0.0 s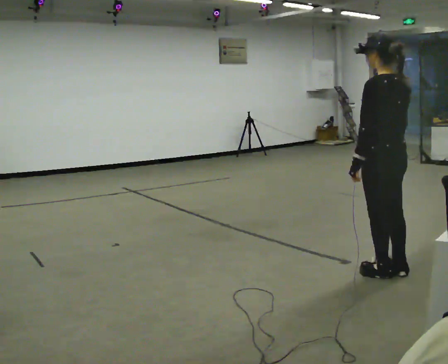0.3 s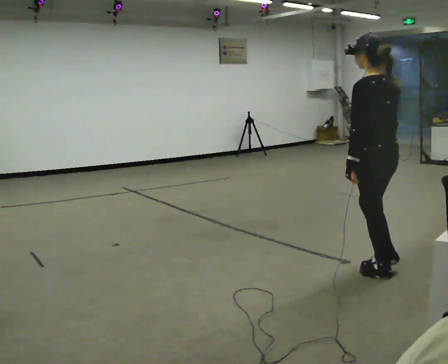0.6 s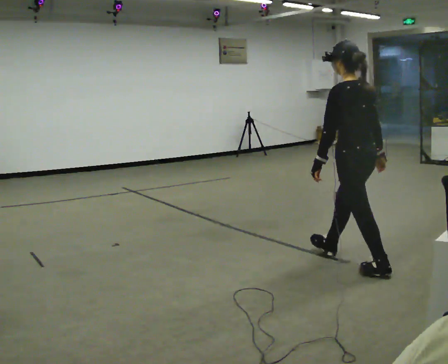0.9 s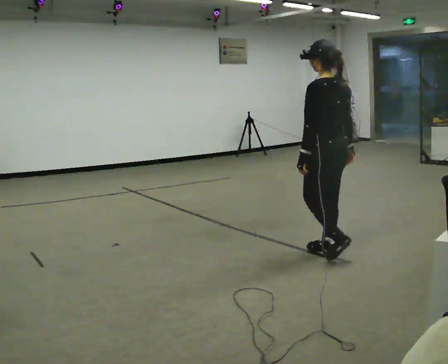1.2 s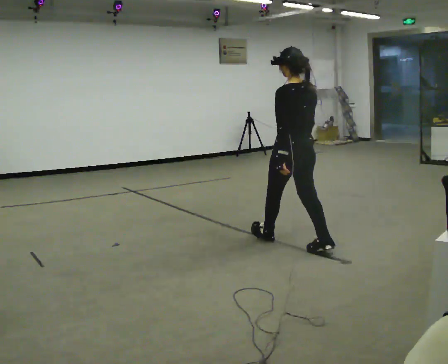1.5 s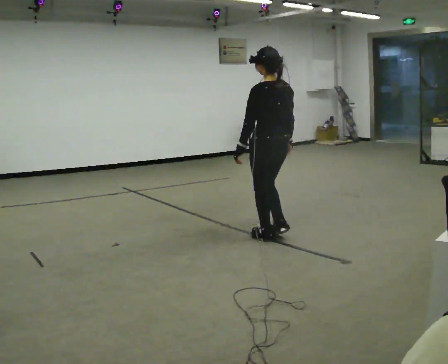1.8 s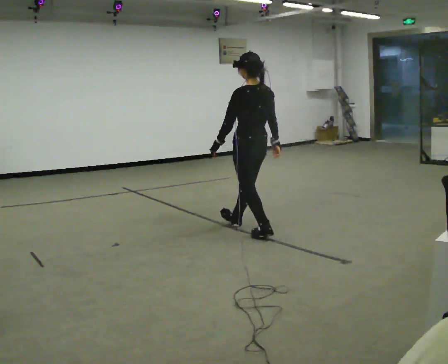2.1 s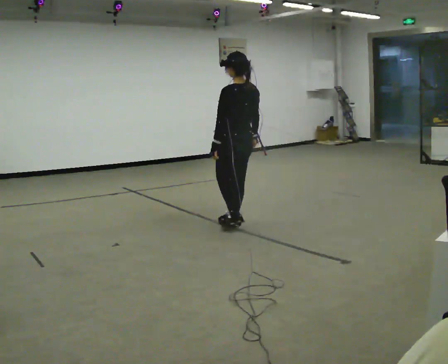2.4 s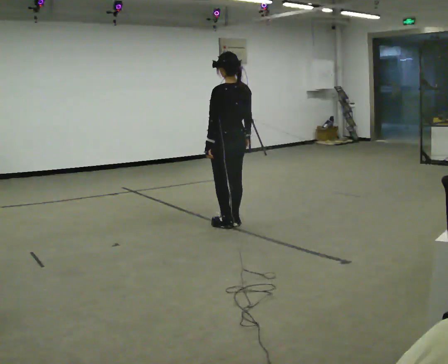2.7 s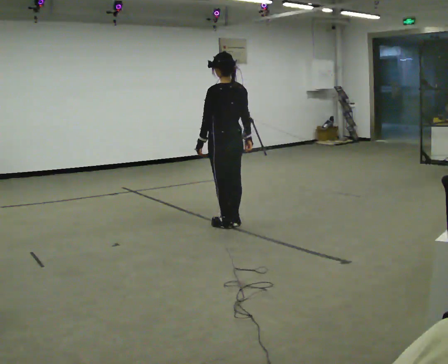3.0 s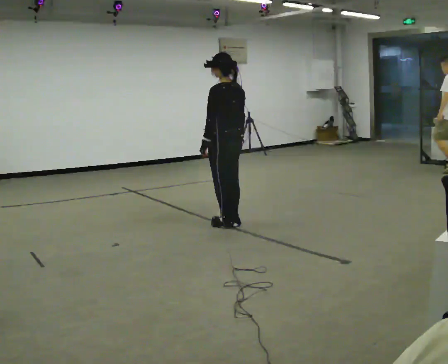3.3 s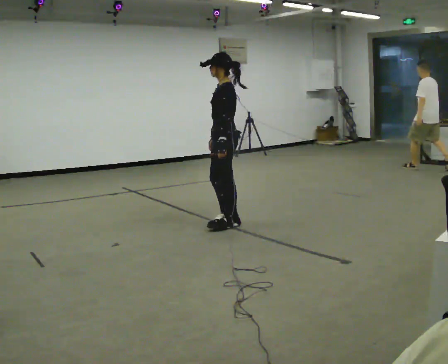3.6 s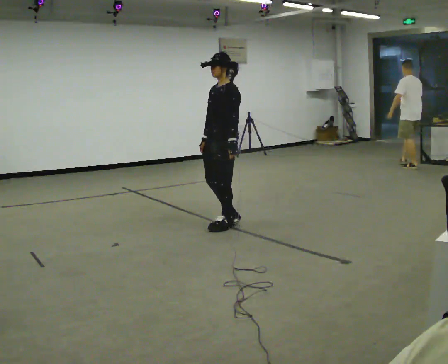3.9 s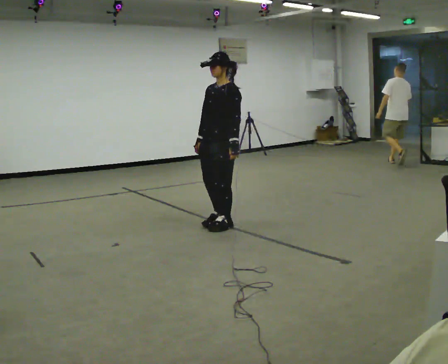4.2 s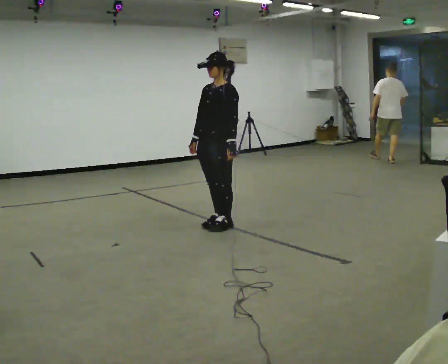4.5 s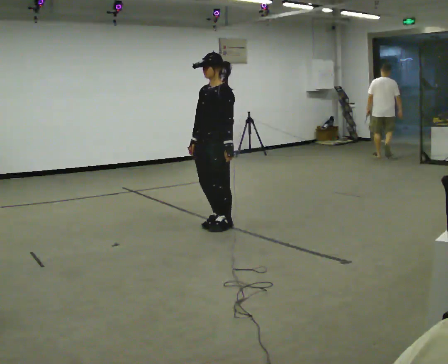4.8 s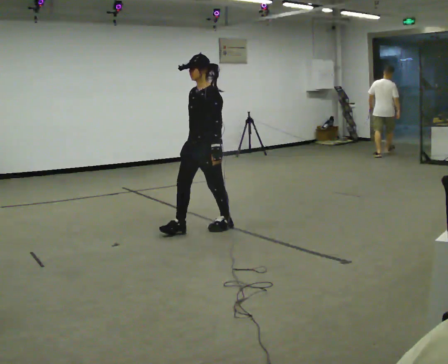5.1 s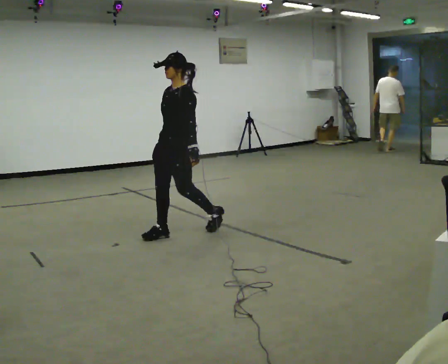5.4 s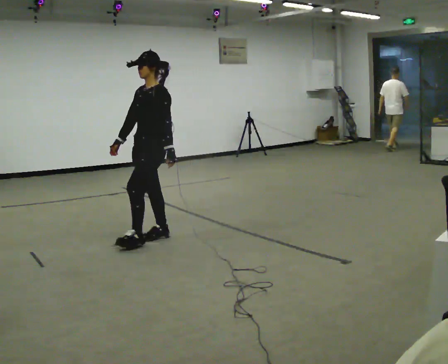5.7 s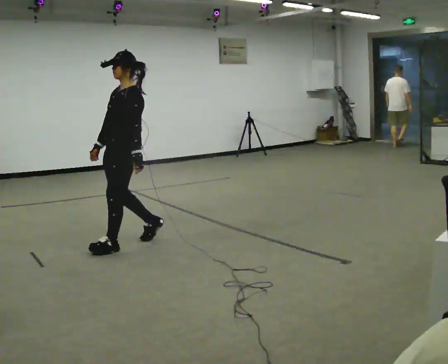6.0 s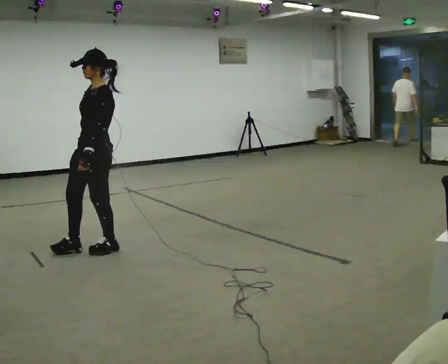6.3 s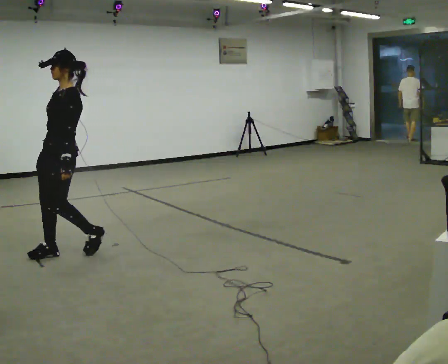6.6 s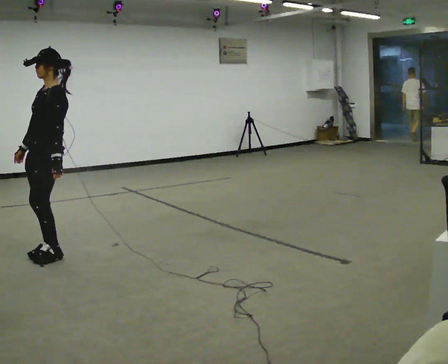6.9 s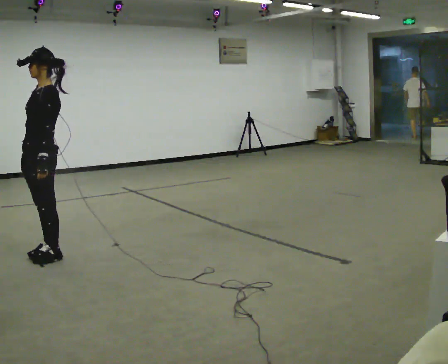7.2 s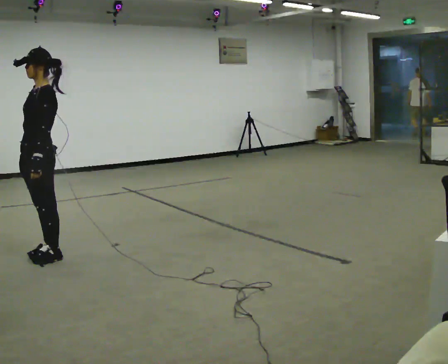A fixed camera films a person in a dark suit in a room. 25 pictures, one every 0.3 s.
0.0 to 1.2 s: In the picture they go away from the camera and to the left, about 1 m in 2 steps, which for them is forward.
1.2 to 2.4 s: In the picture they go away from the camera and to the left, about 1 m in 2 steps, which for them is forward.
2.4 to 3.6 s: The part of the body nearest the lens slides to the right as the person turns to their left by about 90 degrees. In the picture their right hand goes to the left.
3.6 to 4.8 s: In the picture they go to the left, about 0.25 m in 1 step, which for them is forward.
4.8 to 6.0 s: In the picture they go to the left and toward the camera, about 1 m in 2 steps, which for them is forward.
6.0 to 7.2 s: In the picture they go to the left and toward the camera, about 0.5 m in 2 steps, which for them is forward.
The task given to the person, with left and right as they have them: Walk; stop fully; turn 90° left/right while standing; walk new direction.
The film runs forward here.
